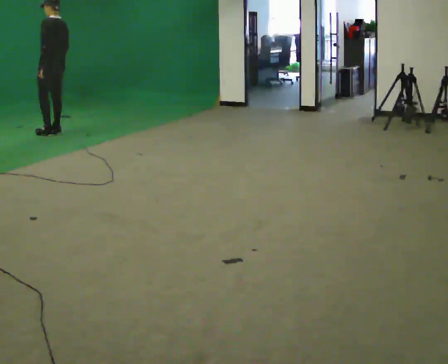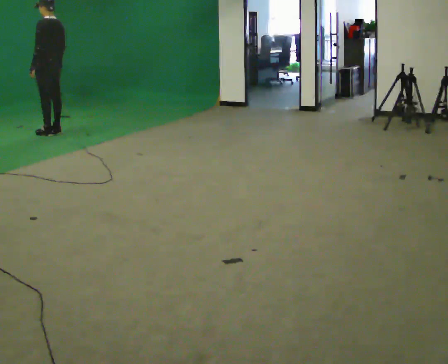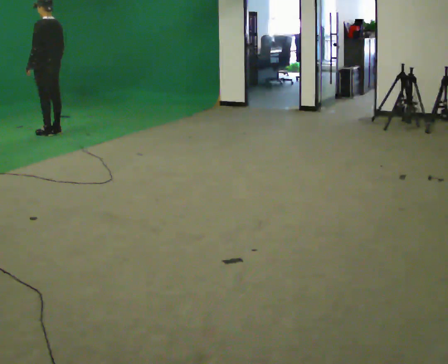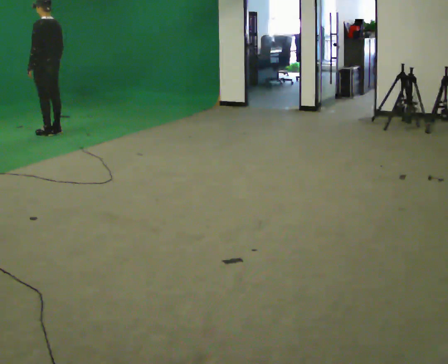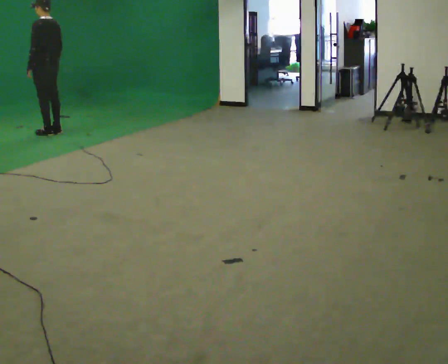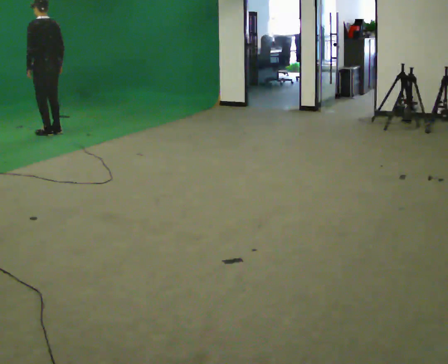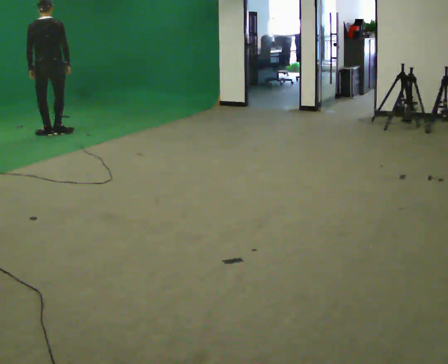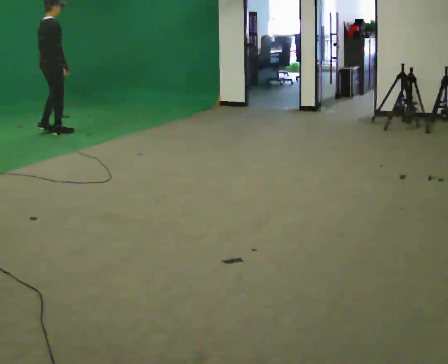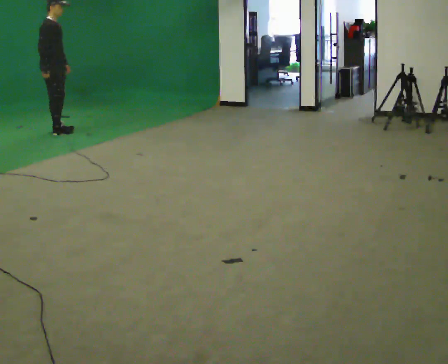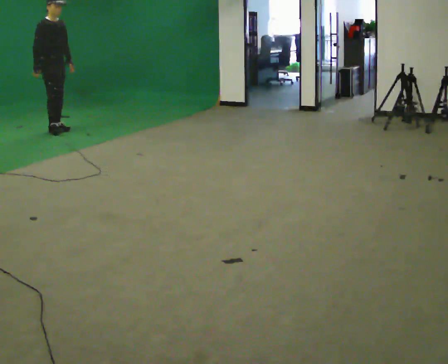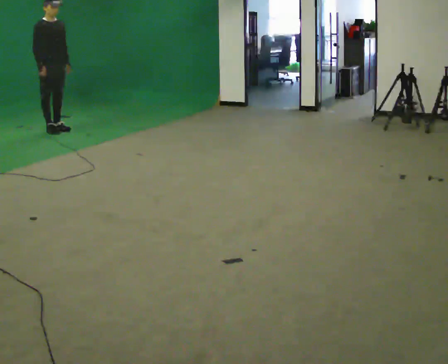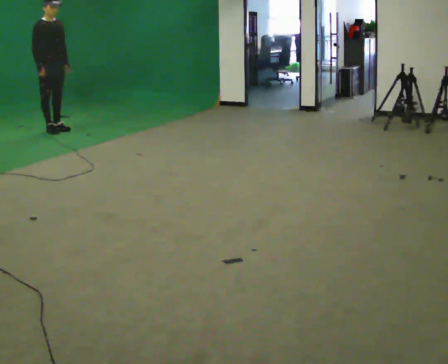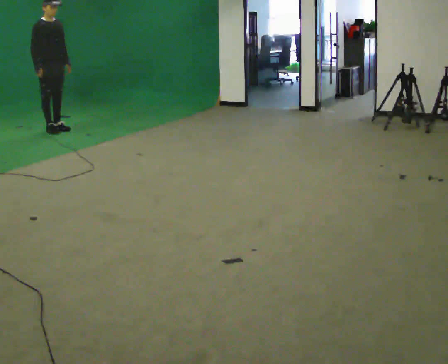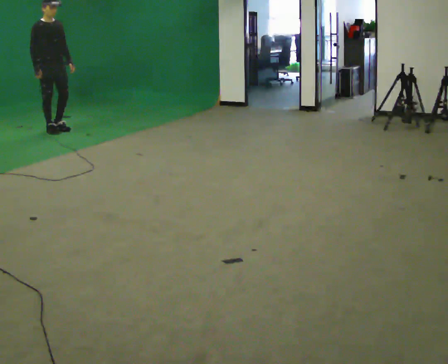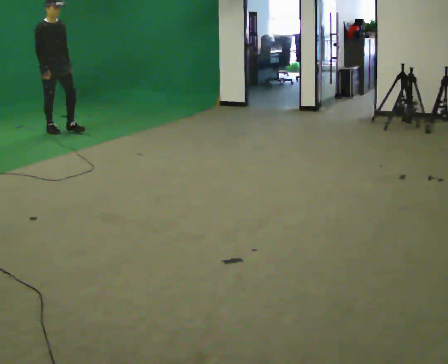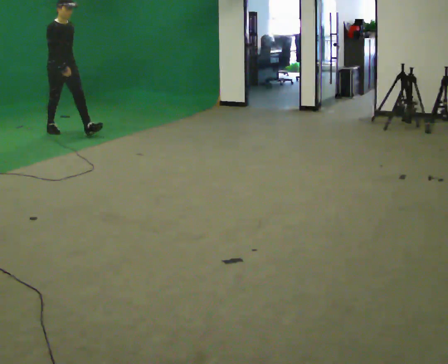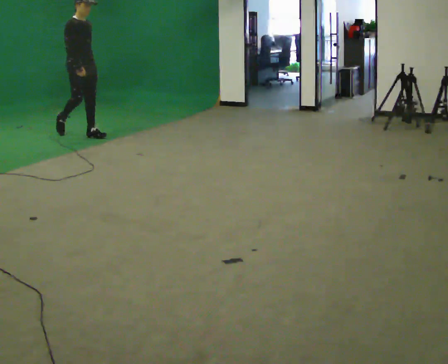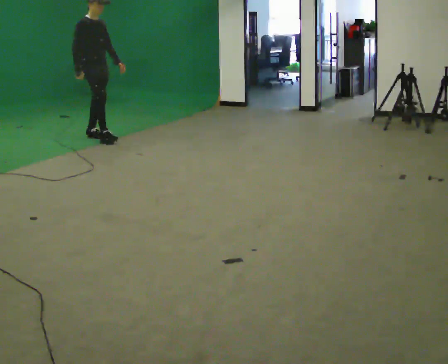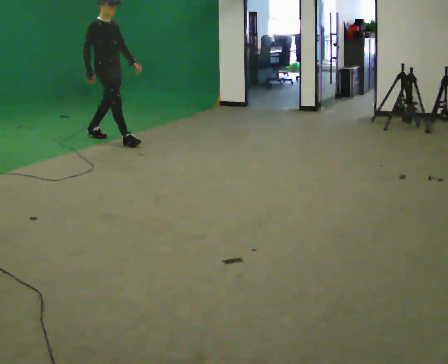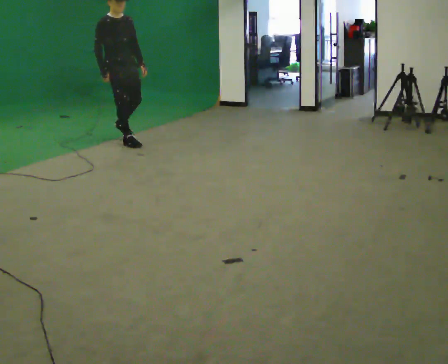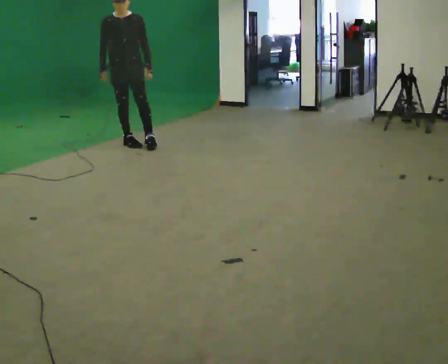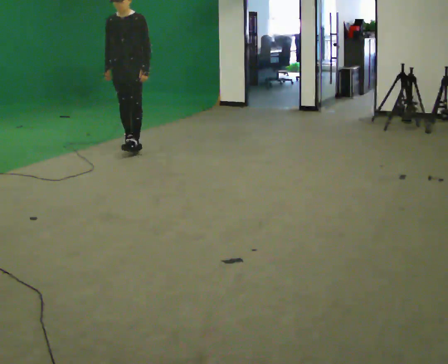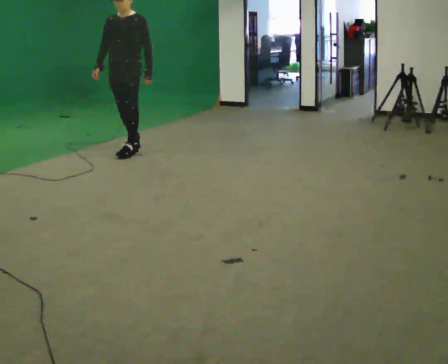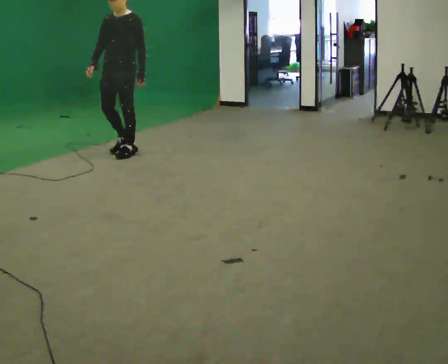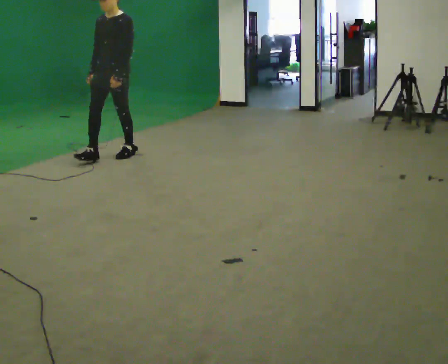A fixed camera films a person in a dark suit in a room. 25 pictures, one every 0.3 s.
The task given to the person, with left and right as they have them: Walk normally; turn left/right while slowing; after turn accelerate back to normal.
0.0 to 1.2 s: The person moves a little, or ends about where they began.
1.2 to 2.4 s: Seen from above the body turns clockwise, about 165 degrees: to their right, with its near side sliding to the left.
2.4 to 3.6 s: The person moves a little, or ends about where they began.
3.6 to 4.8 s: In the picture they go toward the camera and to the right, about 0.5 m in 1 step, which for them is forward.
4.8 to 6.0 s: Seen from above the body turns clockwise, about 60 degrees: to their right, with its near side sliding to the left. In the picture they go toward the camera and to the right, about 1 m in 1 step.
6.0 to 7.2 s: Seen from above the body turns clockwise, about 30 degrees: to their right, with its near side sliding to the left. In the picture they go toward the camera and to the left, about 0.5 m in 1 step, which for them is forward.
The film runs forward here.
